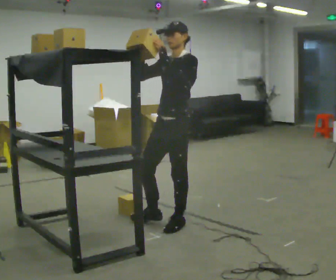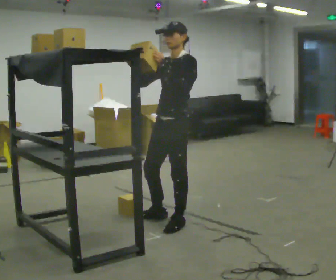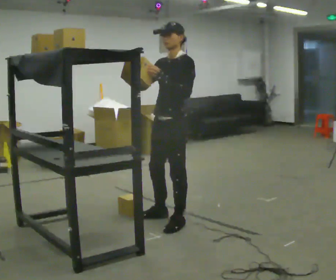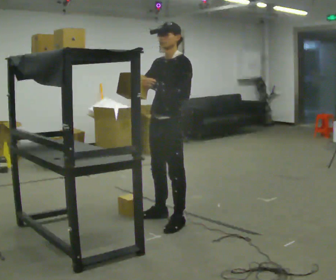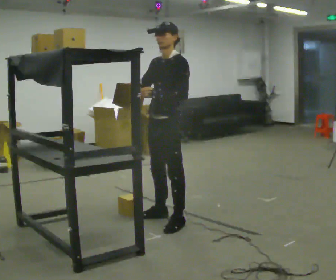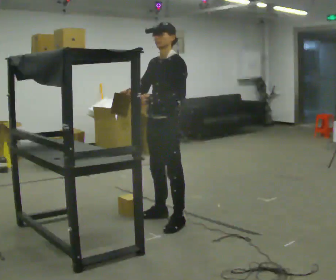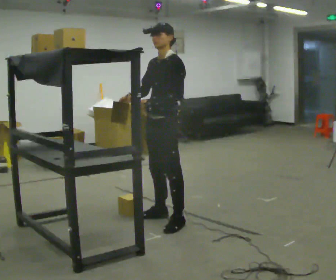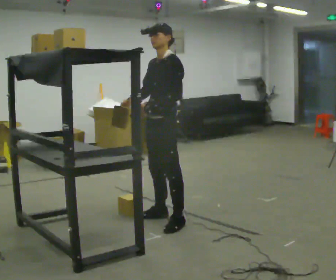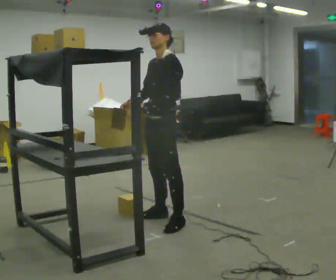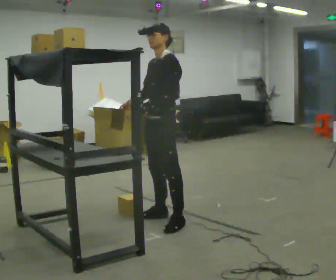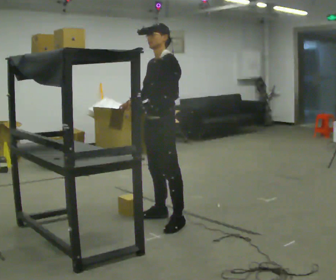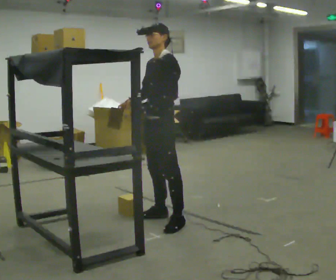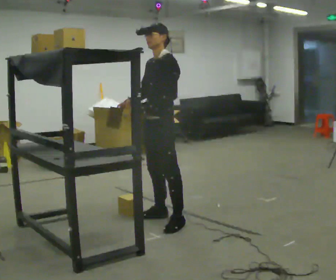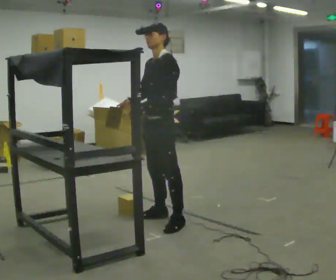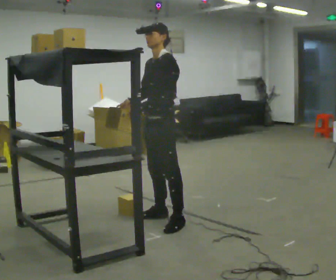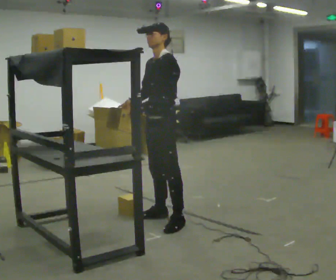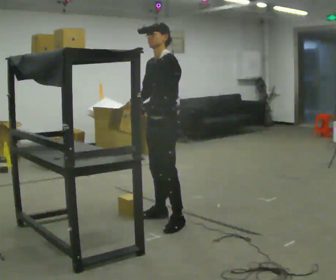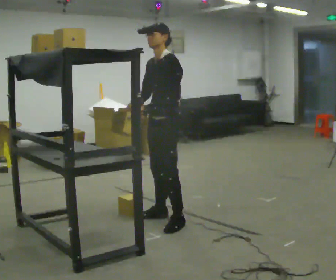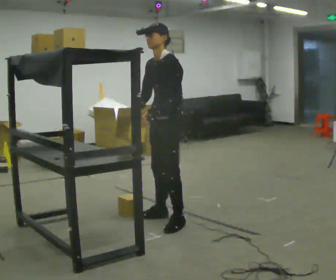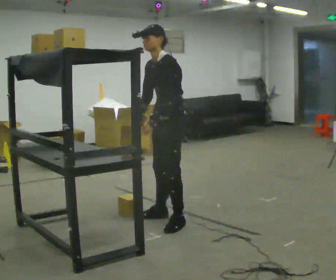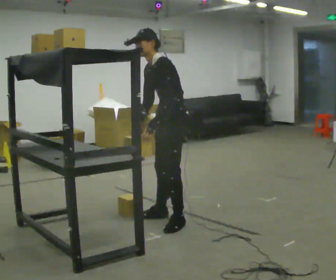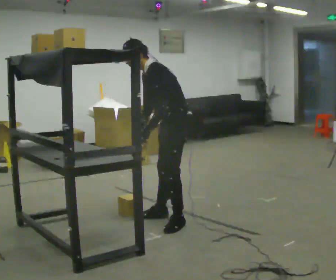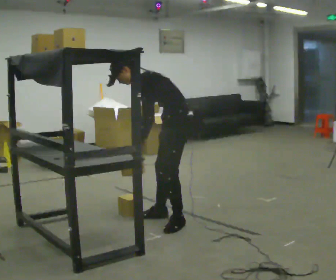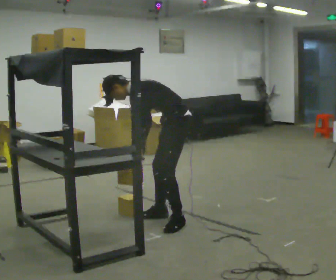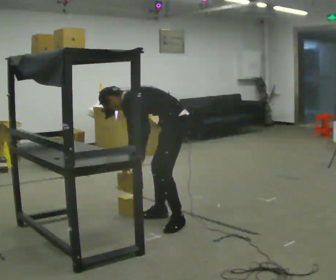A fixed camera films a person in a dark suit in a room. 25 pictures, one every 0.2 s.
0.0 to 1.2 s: In the picture their left hand goes downward.
1.2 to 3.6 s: The person moves a little, or ends about where they began.
3.6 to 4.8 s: The part of the body nearest the lens slides to the left as the person turns to their right by about 30 degrees. The shoulders move downward. In the picture the upper body tilts counterclockwise, shoulders to the left, as they bend forward. In the picture their right hand goes downward.
The film runs backward here.
